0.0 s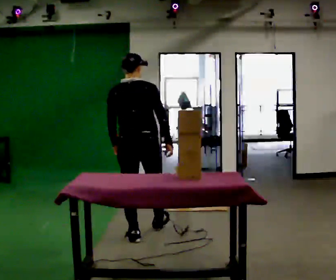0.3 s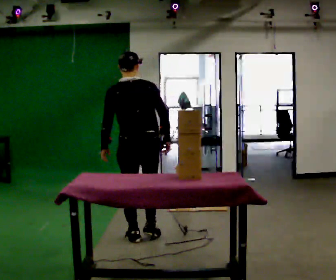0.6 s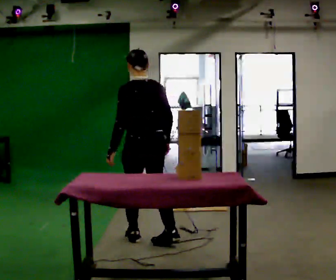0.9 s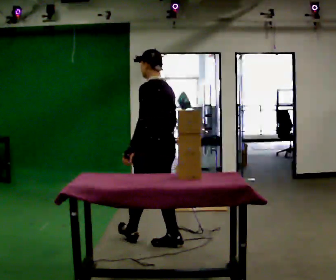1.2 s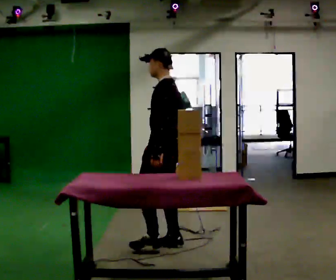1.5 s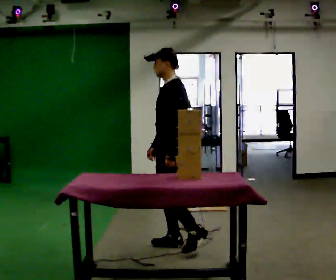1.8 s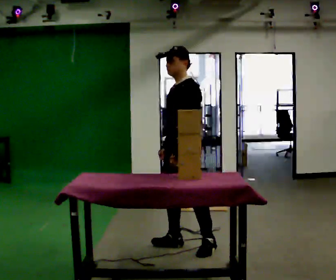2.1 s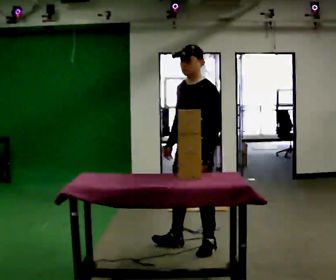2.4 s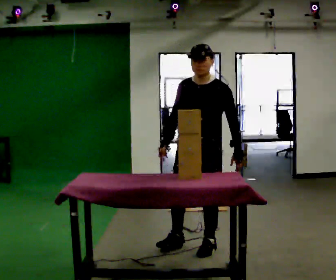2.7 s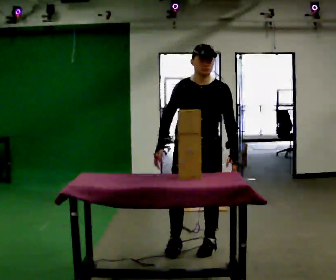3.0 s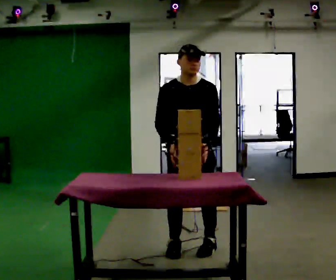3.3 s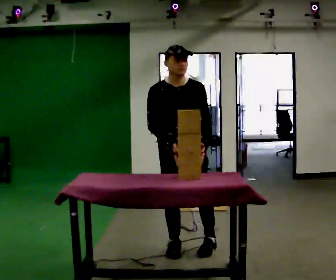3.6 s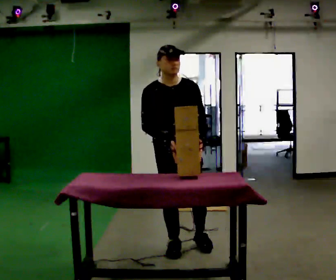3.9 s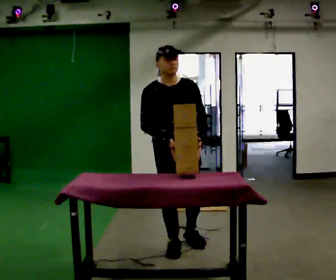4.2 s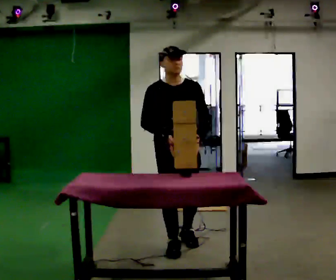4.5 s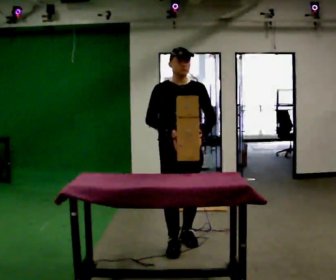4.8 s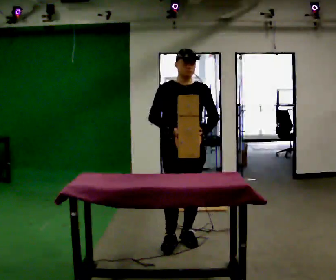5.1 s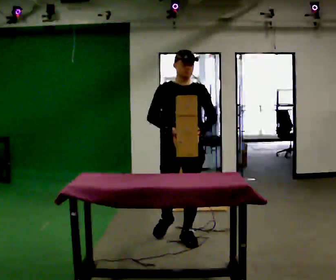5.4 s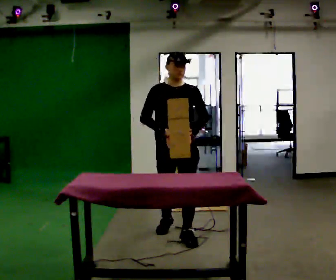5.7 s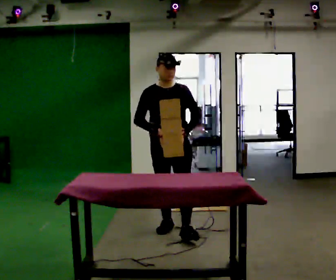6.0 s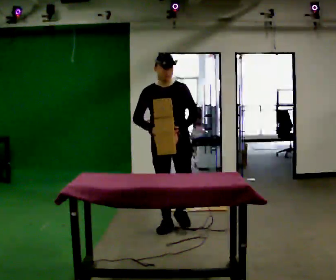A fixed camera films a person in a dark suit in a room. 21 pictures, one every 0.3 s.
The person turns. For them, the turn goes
to their left.
The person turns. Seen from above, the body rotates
counterclockwise.
0.0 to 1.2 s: The part of the body nearest the lens slides to the right as the person turns to their left by about 75 degrees. In the picture they go to the right and toward the camera, about 0.25 m in 1 step.
1.2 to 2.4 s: The person turns about 75 degrees to their left, counterclockwise seen from above, so the part of the body nearest the lens slides to the right. In the picture they go to the right, about 0.25 m.
2.4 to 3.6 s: Seen from above the body turns counterclockwise, about 60 degrees: to their left, with its near side sliding to the right. In the picture they go to the left, about 0.25 m in 1 step, which for them is to their right.
3.6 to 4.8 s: In the picture they go away from the camera, about 0.25 m in 1 step, which for them is backward and to their left.
4.8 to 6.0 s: In the picture they go away from the camera, about 0.5 m in 1 step, which for them is backward.
The film runs backward here.
